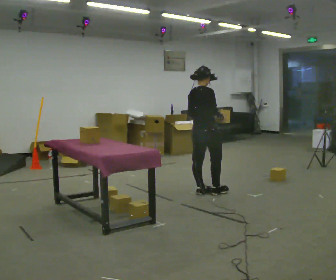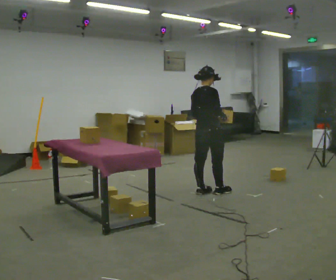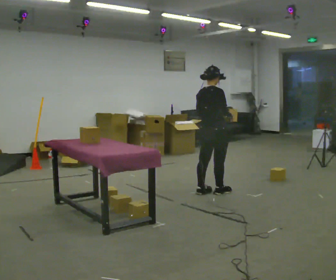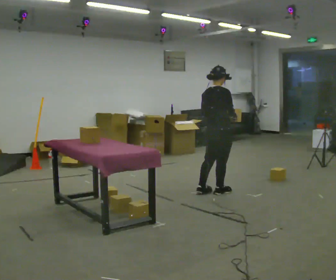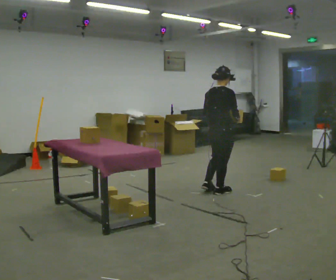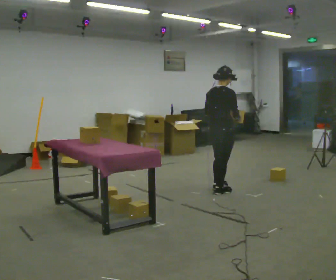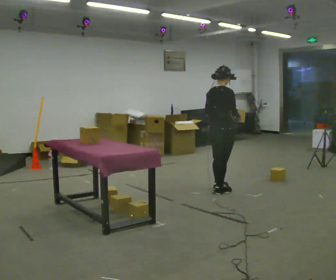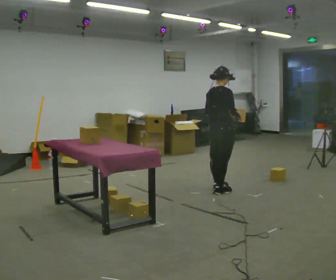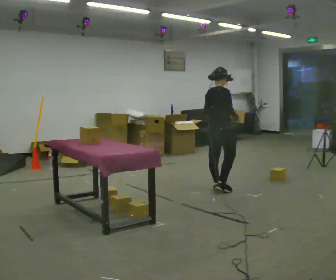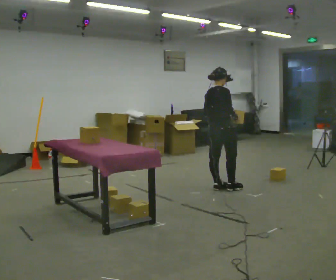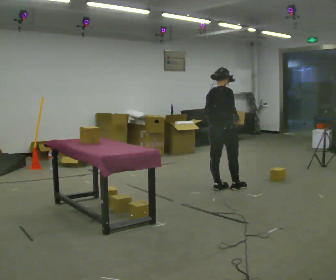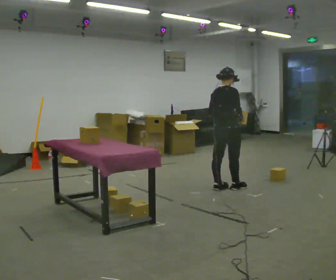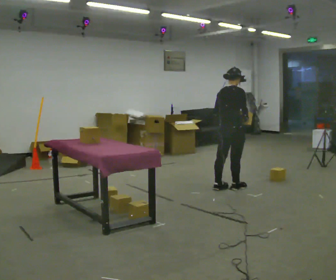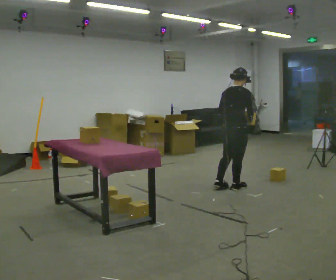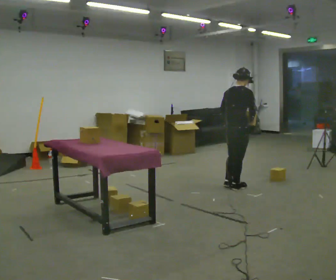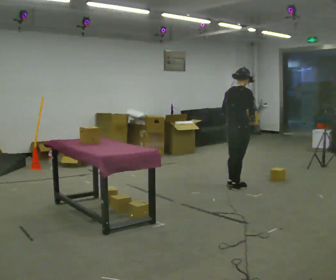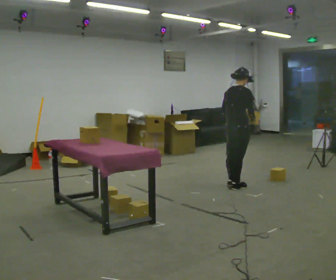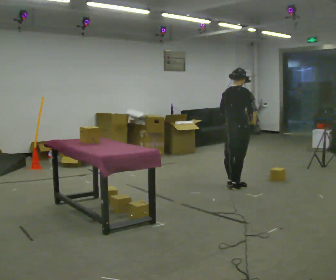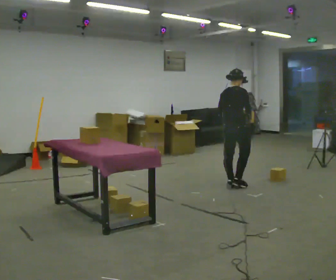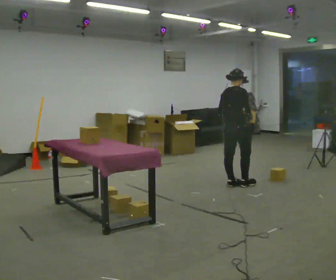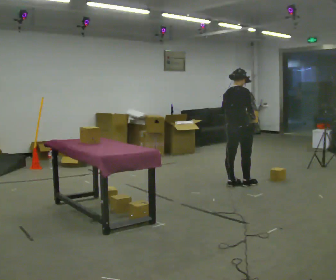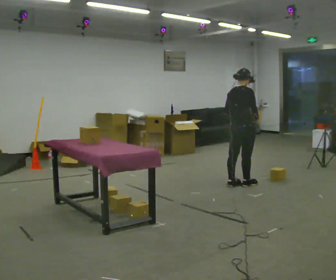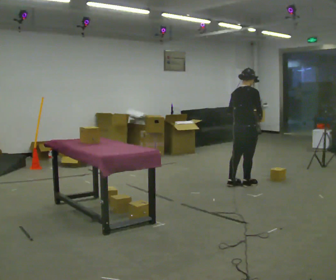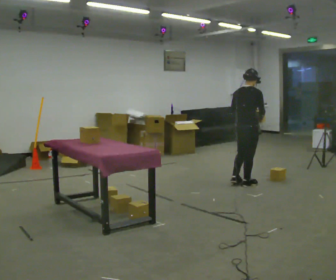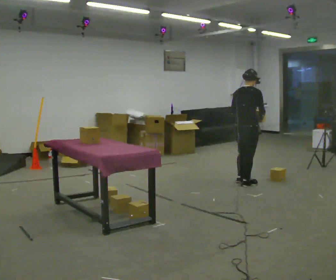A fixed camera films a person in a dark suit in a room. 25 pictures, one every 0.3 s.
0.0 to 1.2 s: In the picture they go to the right, about 0.25 m in 1 step, which for them is forward and to their right.
1.2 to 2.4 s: In the picture they go away from the camera, about 0.25 m in 1 step, which for them is to their left.
2.4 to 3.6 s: In the picture they go to the right, about 0.25 m in 1 step.
3.6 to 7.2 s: In the picture they go to the right and away from the camera, about 0.25 m in 3 steps, which for them is forward.
The film runs forward here.
